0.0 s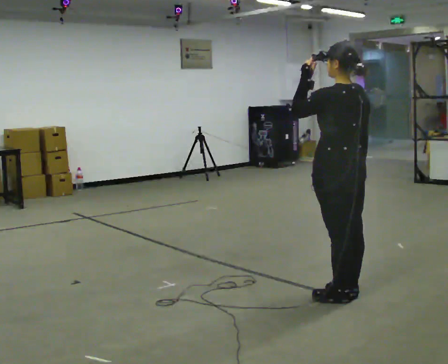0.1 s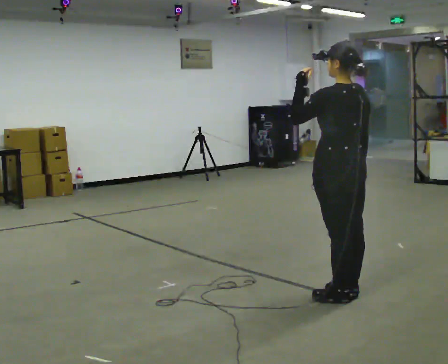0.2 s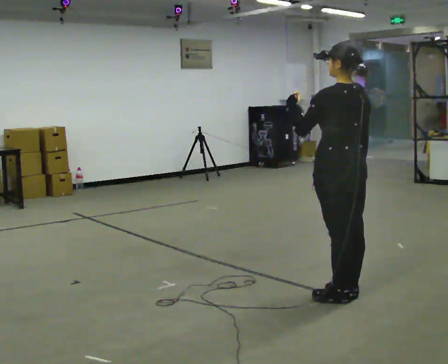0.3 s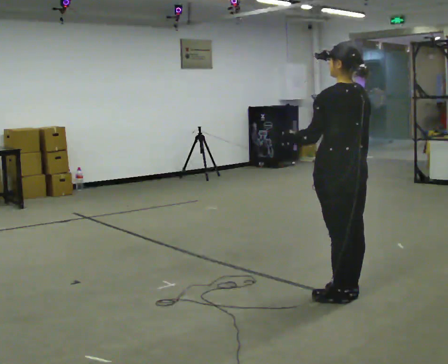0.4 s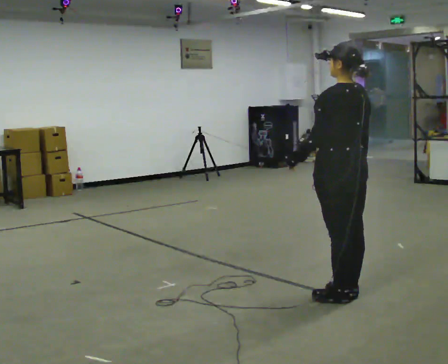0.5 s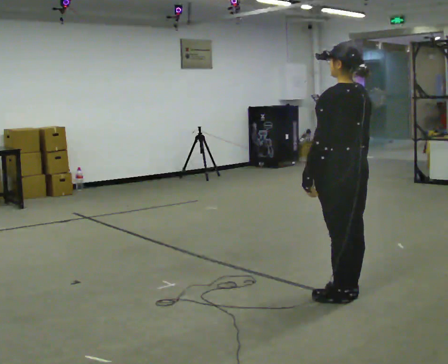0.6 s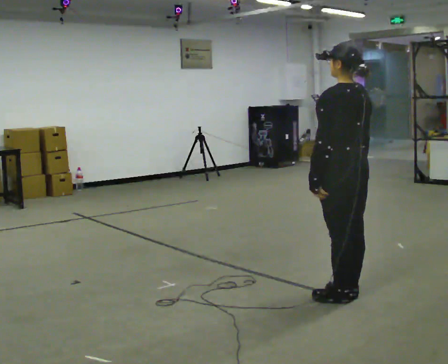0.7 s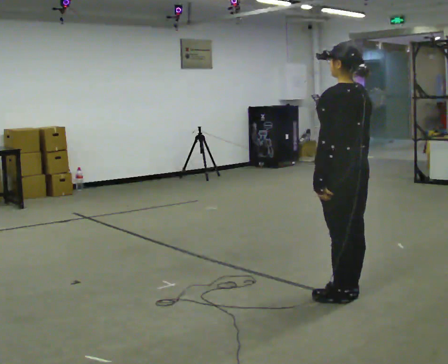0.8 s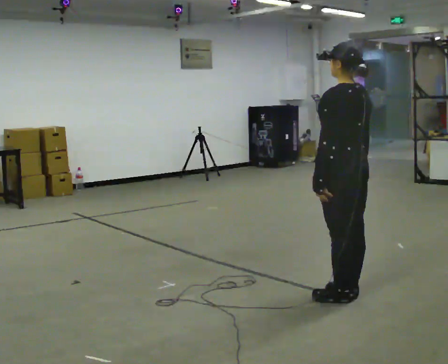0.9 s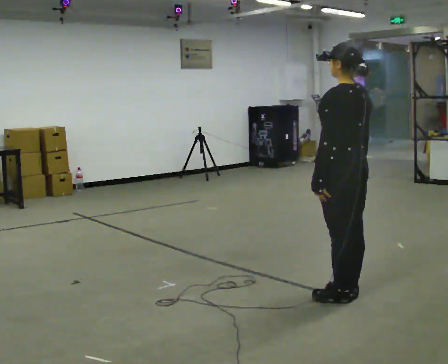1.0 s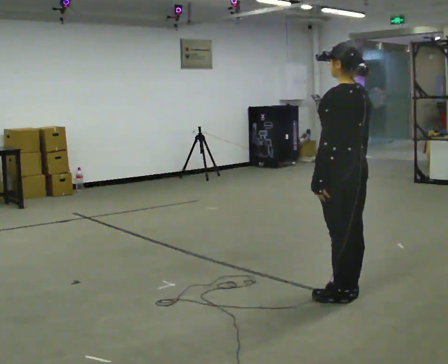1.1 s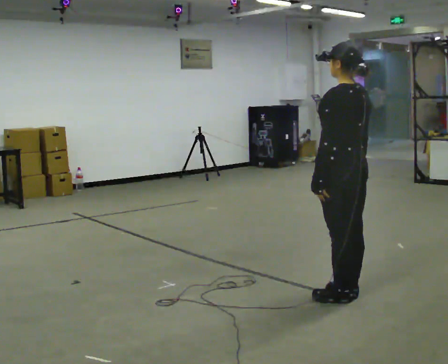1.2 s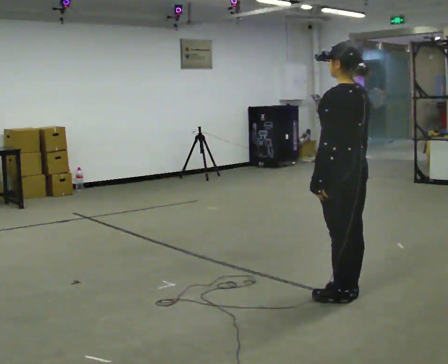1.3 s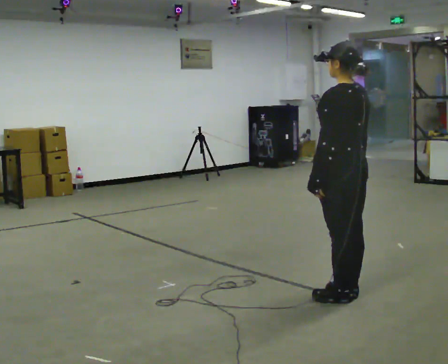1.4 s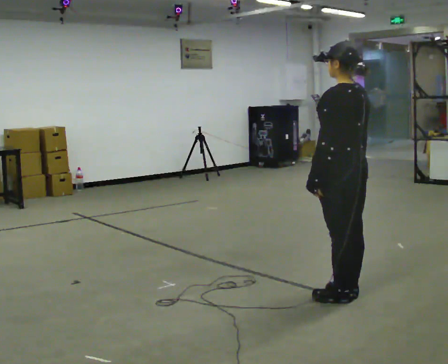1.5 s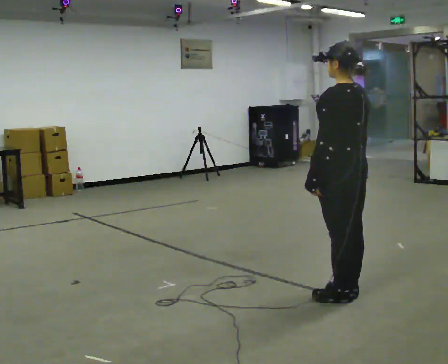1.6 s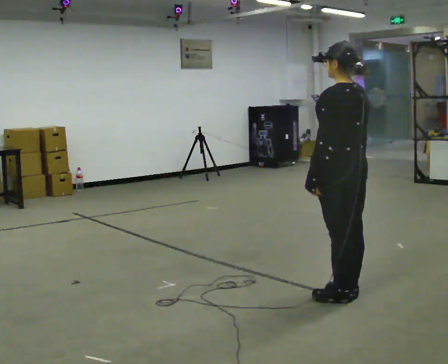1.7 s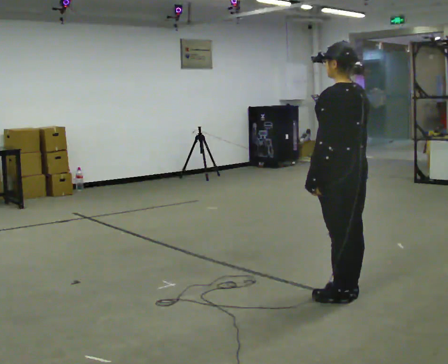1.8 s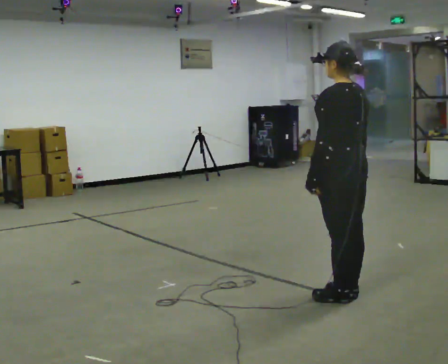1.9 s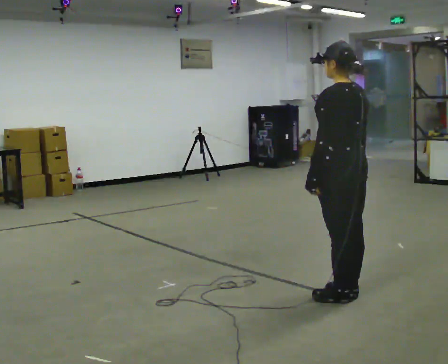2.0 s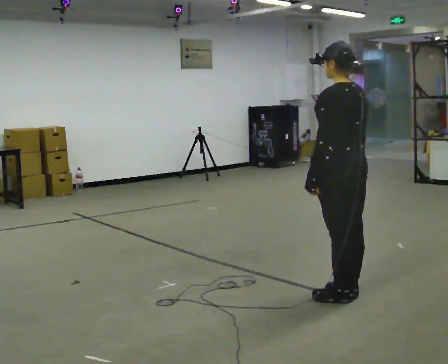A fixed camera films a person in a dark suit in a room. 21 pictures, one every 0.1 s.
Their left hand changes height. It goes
downward.
0.0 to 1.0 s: In the picture their left hand goes downward.
1.0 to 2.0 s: The person moves a little, or ends about where they began.
The film runs forward here.
